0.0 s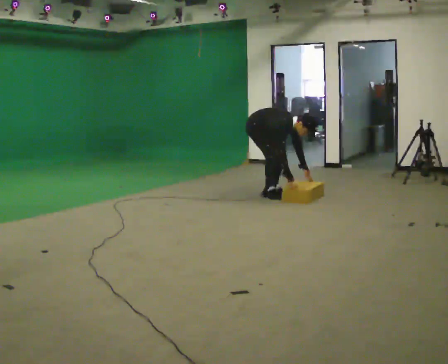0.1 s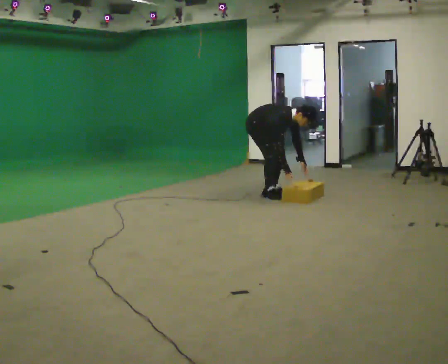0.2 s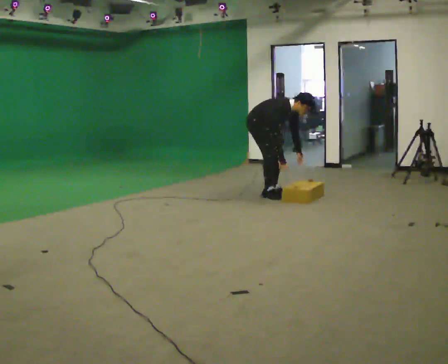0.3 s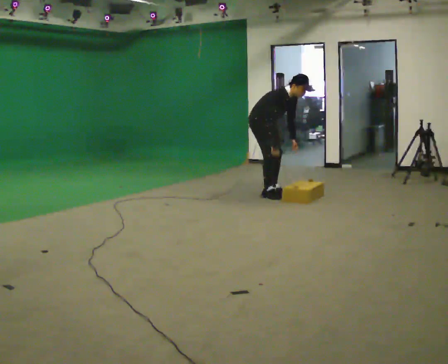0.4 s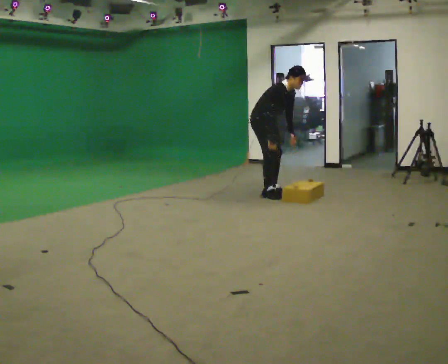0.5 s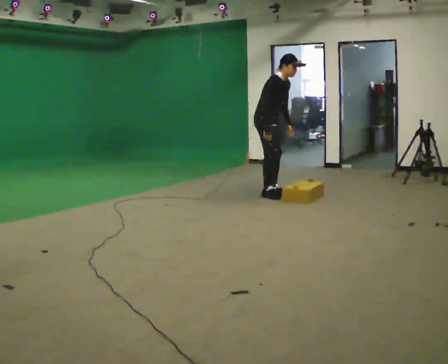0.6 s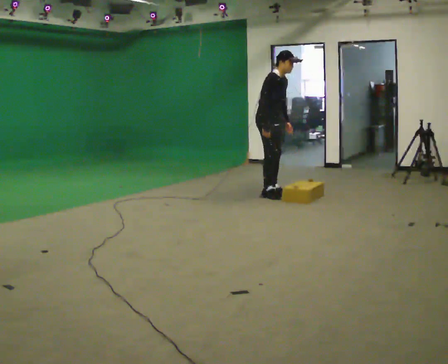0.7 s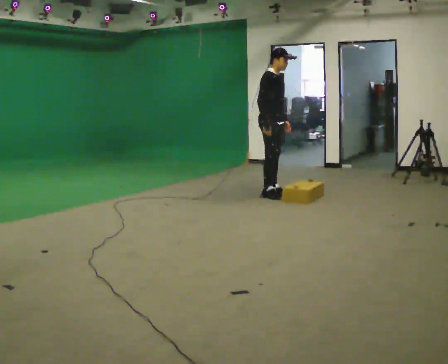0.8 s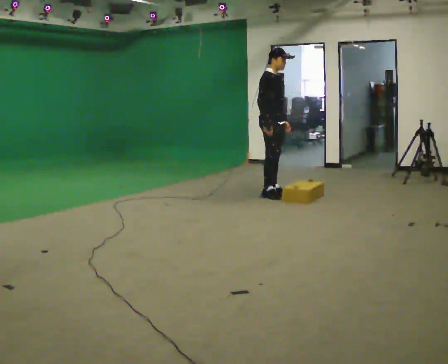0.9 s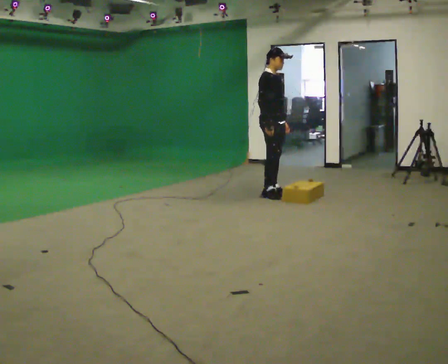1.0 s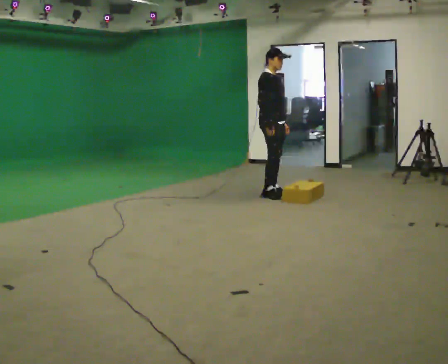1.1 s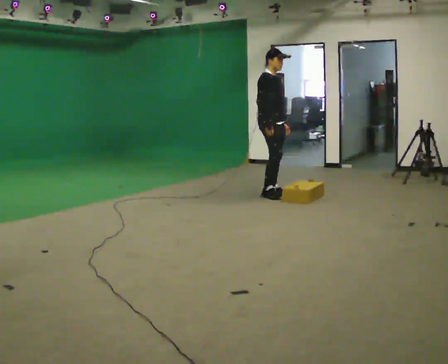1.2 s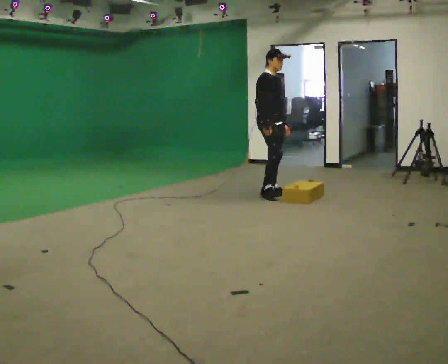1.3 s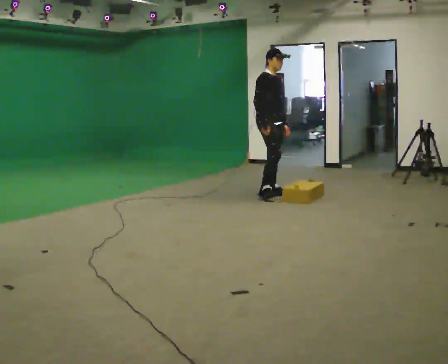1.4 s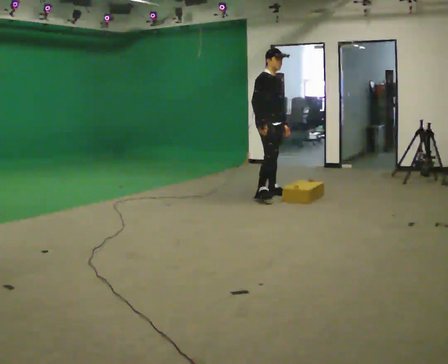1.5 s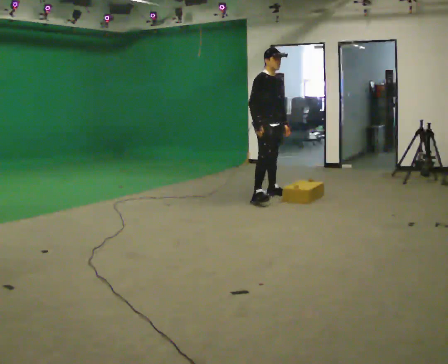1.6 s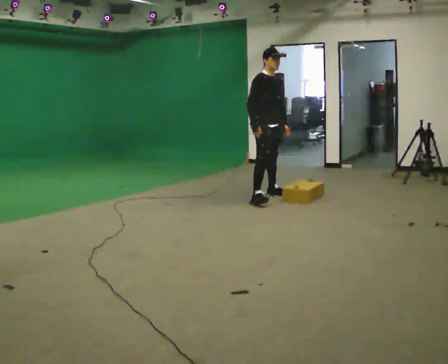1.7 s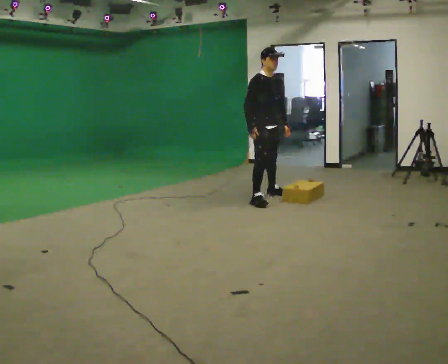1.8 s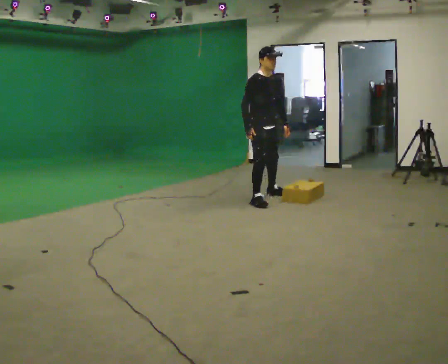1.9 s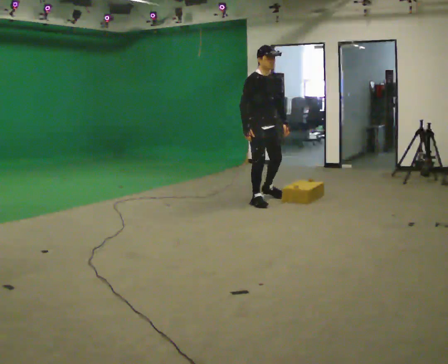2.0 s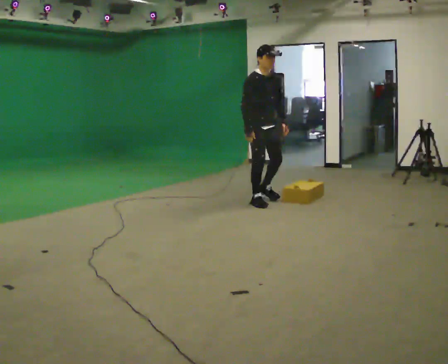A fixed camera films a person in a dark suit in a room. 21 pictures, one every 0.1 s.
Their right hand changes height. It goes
upward.
The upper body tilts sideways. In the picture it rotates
counterclockwise.
0.0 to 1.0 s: The upper body goes upward. In the picture the upper body tilts counterclockwise, shoulders to the left, as they lean back or straighten. In the picture their left hand goes upward.
1.0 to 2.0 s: Seen from above the body turns clockwise, about 30 degrees: to their right, with its near side sliding to the left. In the picture they go toward the camera, about 0.5 m in 1 step, which for them is to their right.
The film runs forward here.
